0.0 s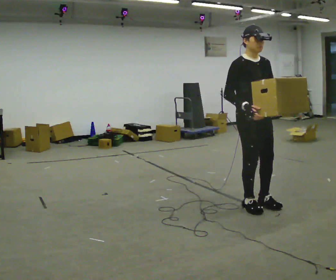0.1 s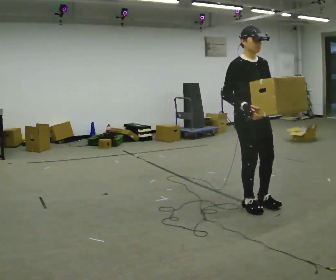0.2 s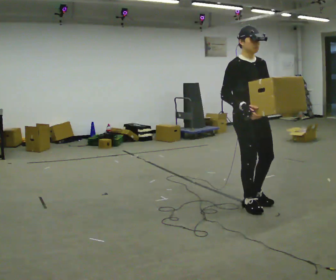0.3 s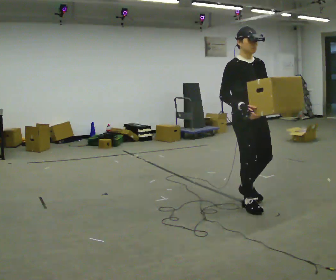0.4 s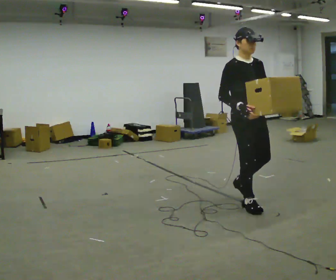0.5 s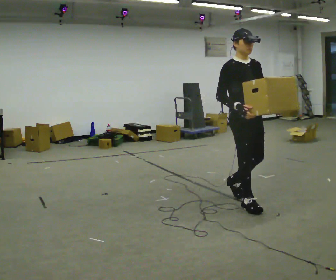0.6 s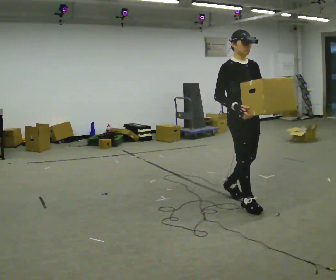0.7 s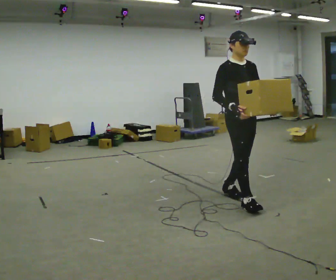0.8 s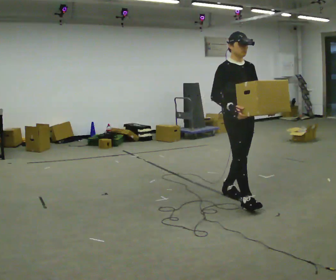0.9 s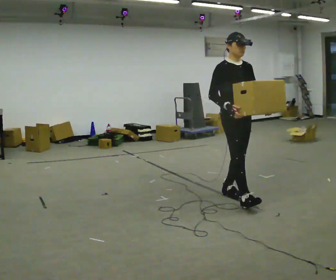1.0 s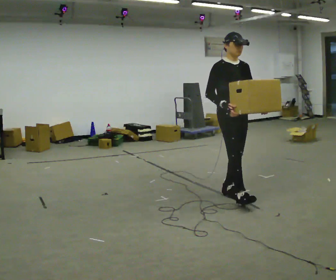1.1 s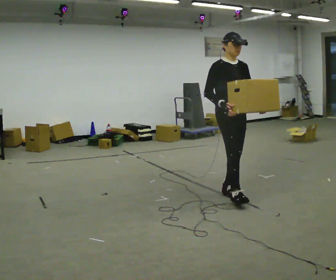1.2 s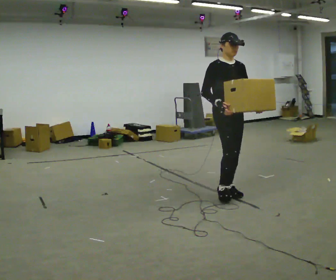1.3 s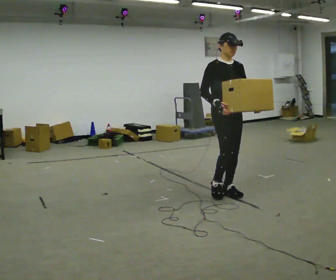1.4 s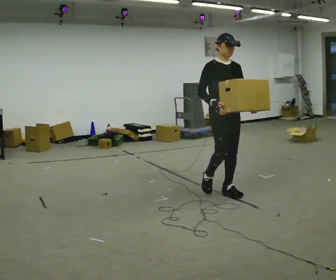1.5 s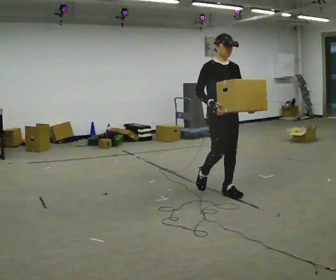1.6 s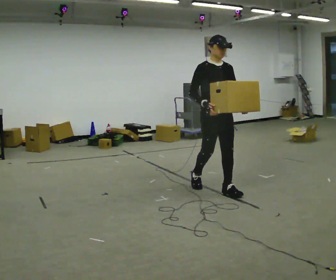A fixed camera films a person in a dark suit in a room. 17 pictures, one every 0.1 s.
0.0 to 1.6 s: In the picture they go away from the camera and to the left, about 0.5 m in 2 steps, which for them is backward.
The film runs backward here.
